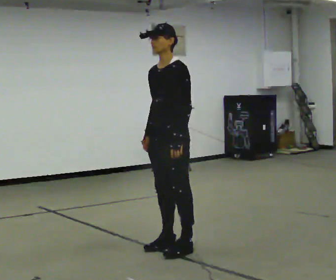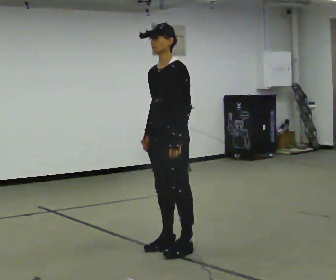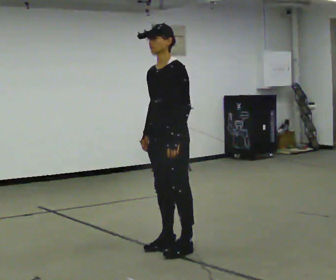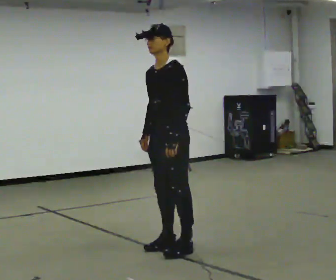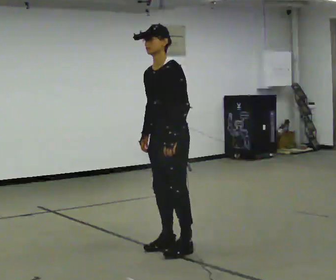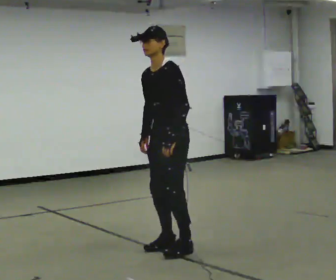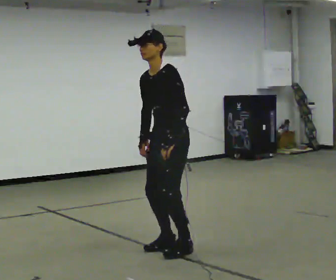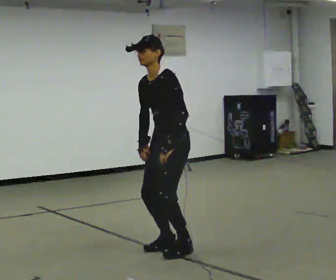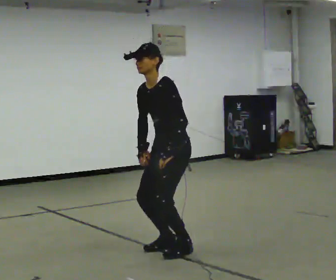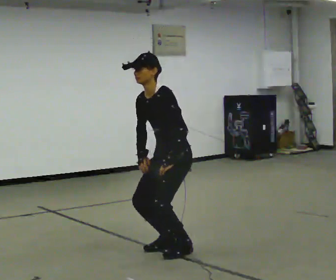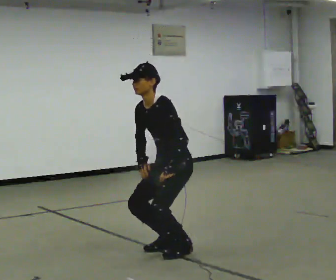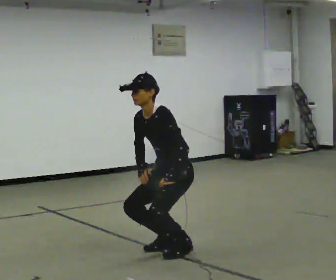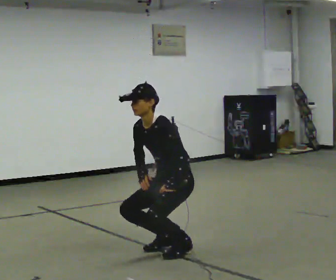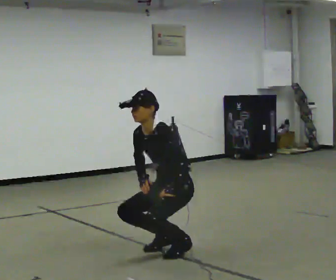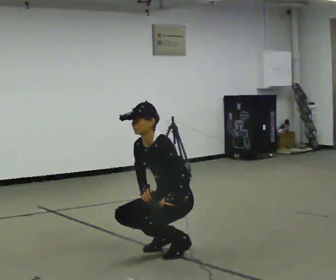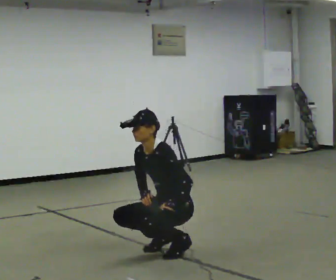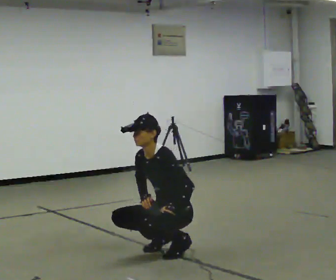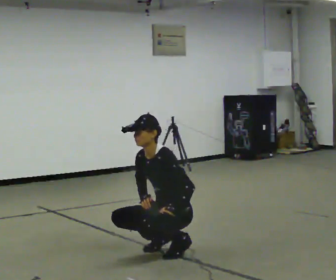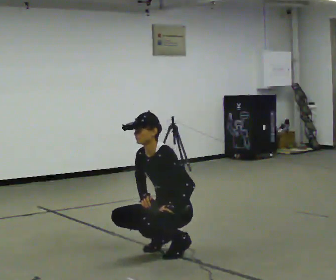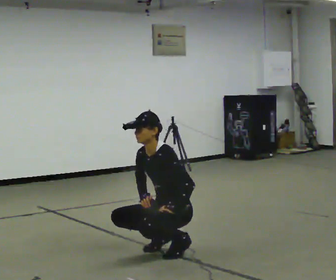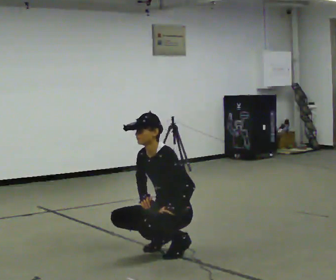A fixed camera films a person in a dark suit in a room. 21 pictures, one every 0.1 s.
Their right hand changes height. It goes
downward.
The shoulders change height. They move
downward.
0.0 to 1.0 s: The shoulders move downward. In the picture the upper body tilts counterclockwise, shoulders to the left, as they bend forward.
1.0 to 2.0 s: The shoulders move downward.
The film runs forward here.
